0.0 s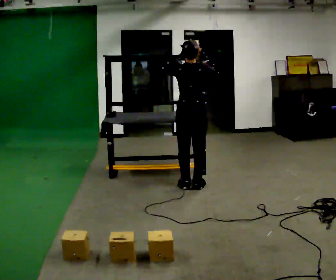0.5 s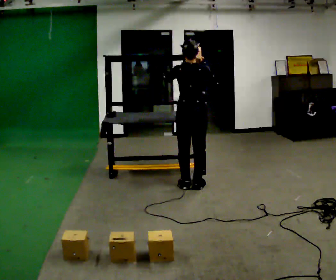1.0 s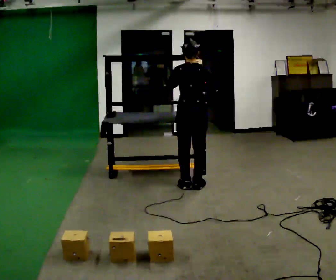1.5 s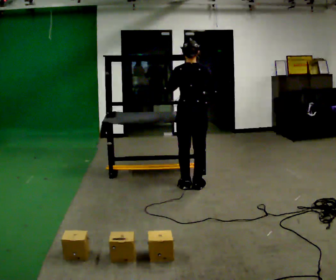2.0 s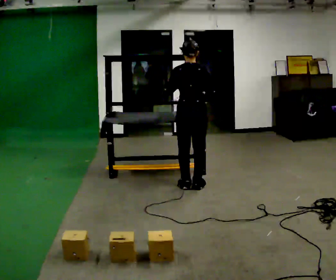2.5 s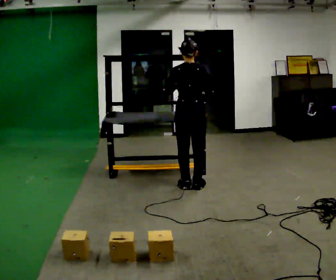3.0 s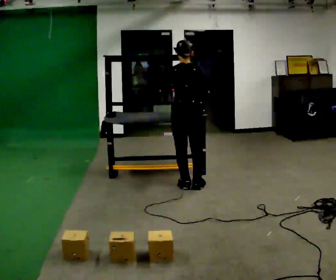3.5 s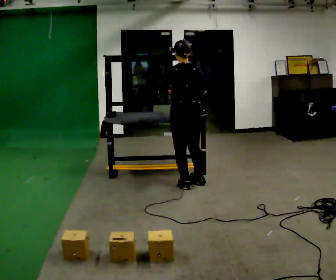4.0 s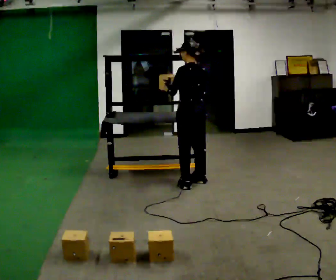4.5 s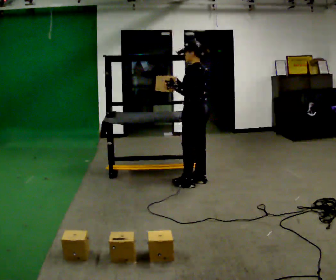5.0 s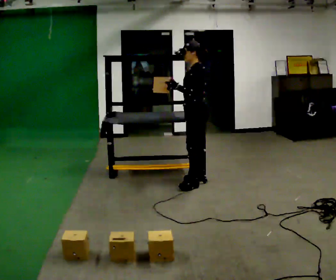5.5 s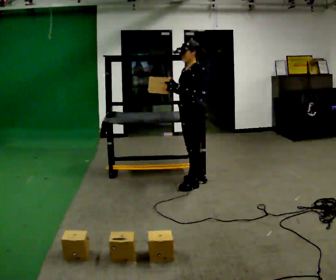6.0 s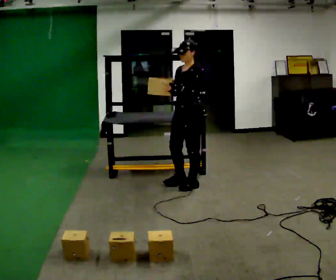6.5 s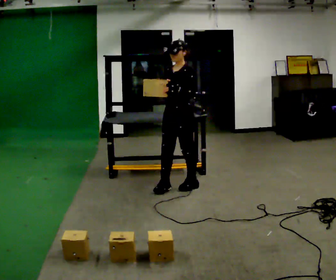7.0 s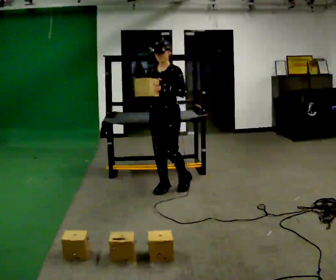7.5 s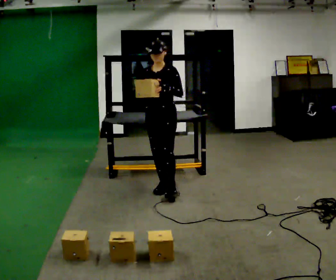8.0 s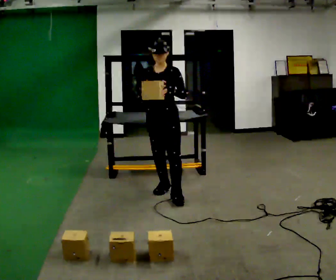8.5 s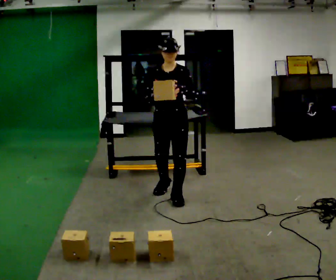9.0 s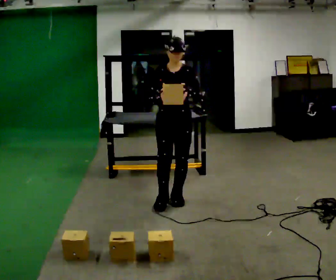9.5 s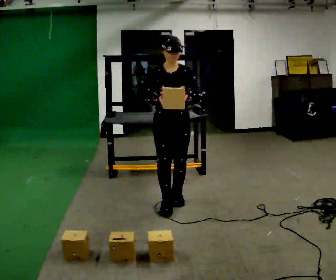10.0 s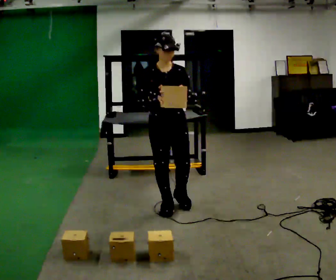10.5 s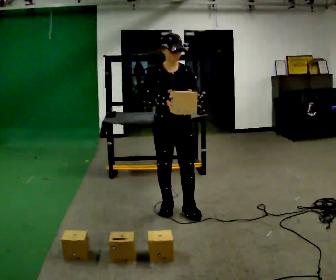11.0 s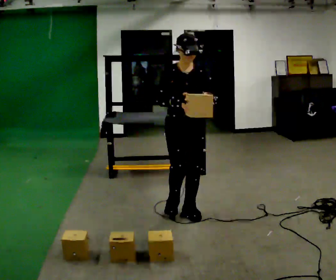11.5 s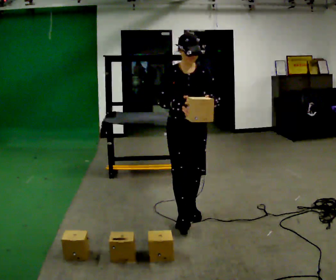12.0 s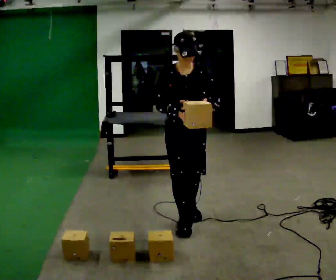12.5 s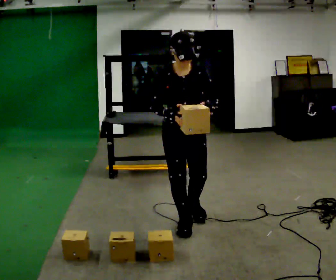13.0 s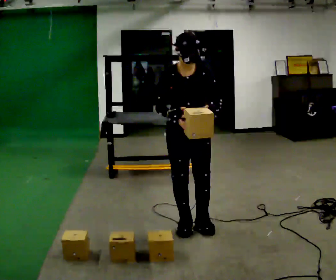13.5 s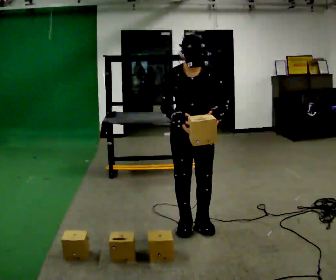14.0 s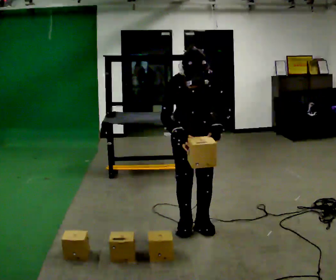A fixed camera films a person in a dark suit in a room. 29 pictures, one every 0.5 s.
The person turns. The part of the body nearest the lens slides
to the right.
Their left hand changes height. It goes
downward.
0.0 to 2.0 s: The person moves a little, or ends about where they began.
2.0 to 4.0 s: The part of the body nearest the lens slides to the right as the person turns to their left by about 45 degrees.
4.0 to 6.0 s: The part of the body nearest the lens slides to the right as the person turns to their left by about 75 degrees.
6.0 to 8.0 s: The part of the body nearest the lens slides to the right as the person turns to their left by about 45 degrees. In the picture they go to the left and toward the camera, about 0.25 m in 2 steps, which for them is forward and to their right.
8.0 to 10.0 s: In the picture they go toward the camera, about 0.5 m in 1 step, which for them is forward.
10.0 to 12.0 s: In the picture they go toward the camera, about 0.25 m in 2 steps, which for them is forward.
12.0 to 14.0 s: The upper body tips toward the camera, its near side rolling downward, as they bend forward.
The film runs forward here.
